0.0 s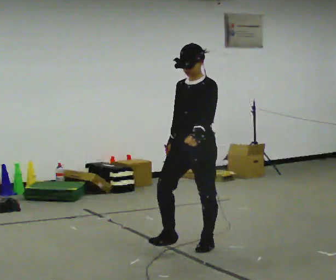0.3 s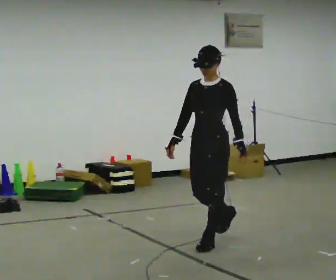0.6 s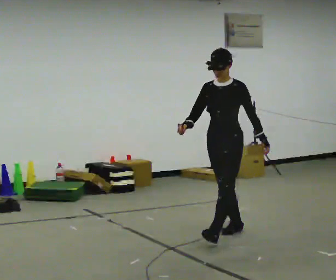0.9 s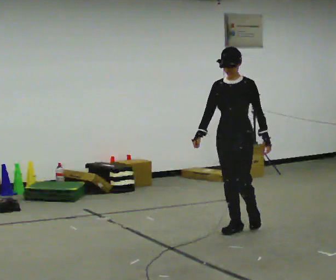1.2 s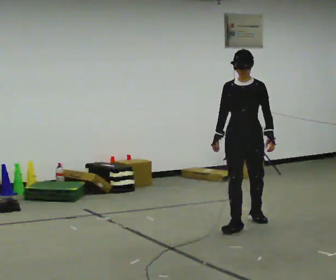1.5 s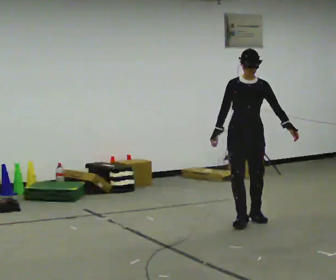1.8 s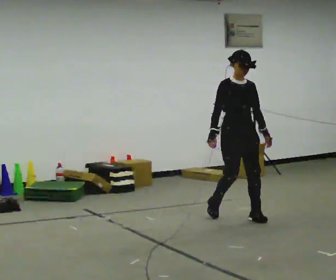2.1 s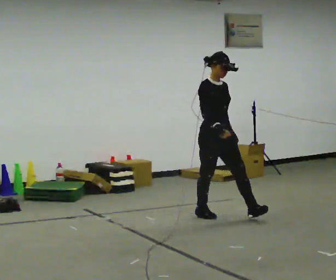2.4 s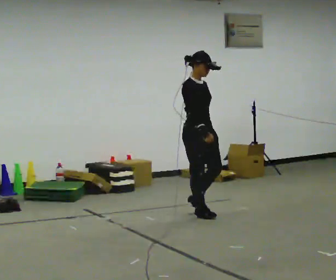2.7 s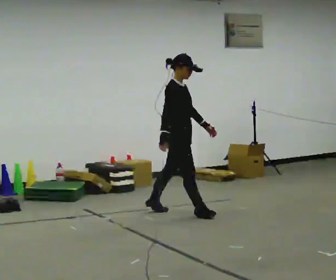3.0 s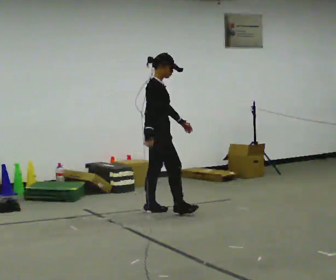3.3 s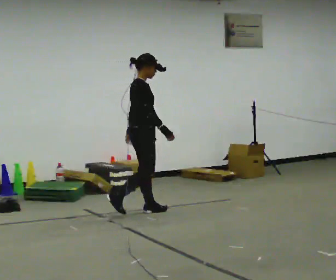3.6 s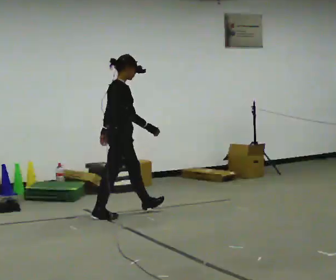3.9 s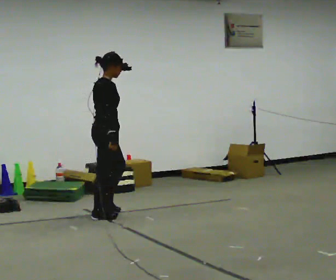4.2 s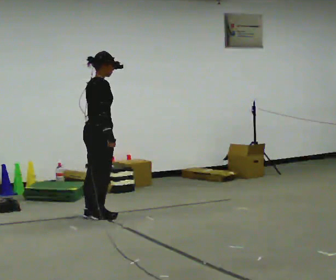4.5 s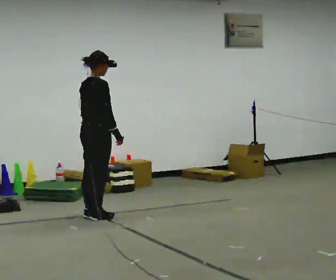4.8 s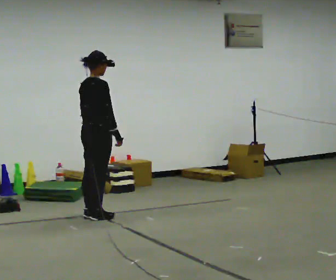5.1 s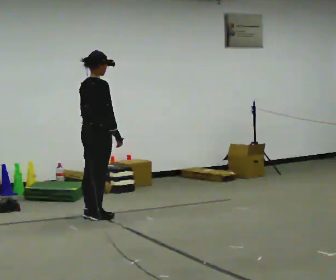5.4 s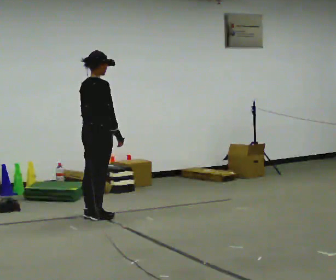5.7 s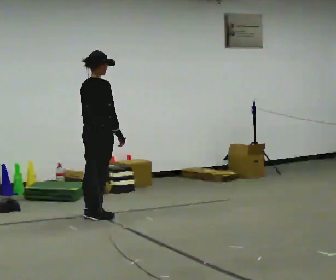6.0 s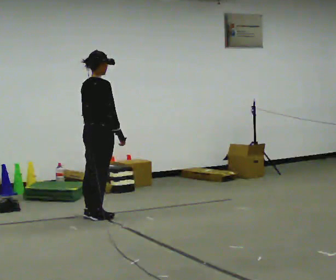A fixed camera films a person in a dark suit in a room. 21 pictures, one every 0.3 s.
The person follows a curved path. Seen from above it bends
counterclockwise.
The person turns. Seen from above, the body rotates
counterclockwise.
0.0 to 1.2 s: Seen from above the body turns counterclockwise, about 30 degrees: to their left, with its near side sliding to the right. In the picture they go away from the camera and to the right, about 1 m in 1 step, which for them is backward.
1.2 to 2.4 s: The part of the body nearest the lens slides to the right as the person turns to their left by about 75 degrees. In the picture they go away from the camera and to the left, about 0.5 m in 2 steps.
2.4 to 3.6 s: Seen from above the body turns counterclockwise, about 45 degrees: to their left, with its near side sliding to the right. In the picture they go to the left, about 0.5 m in 1 step, which for them is backward.
3.6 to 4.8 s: Seen from above the body turns counterclockwise, about 30 degrees: to their left, with its near side sliding to the right. In the picture they go to the left, about 0.25 m in 1 step, which for them is backward. In the picture their right hand goes to the left.
4.8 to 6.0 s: The person keeps their place and pose.
The film runs backward here.
